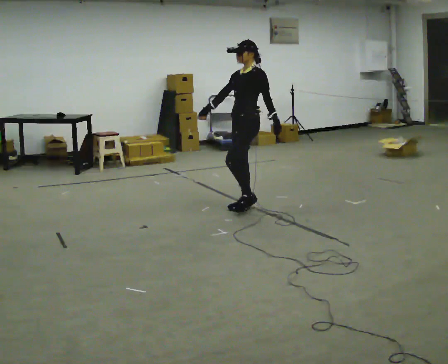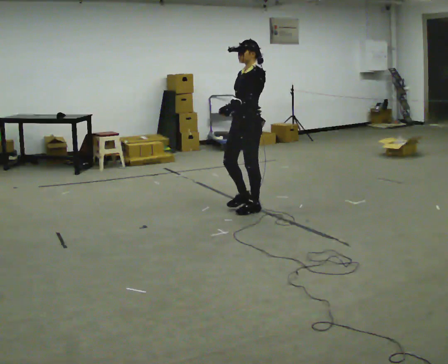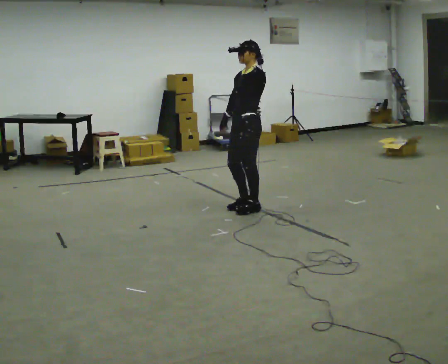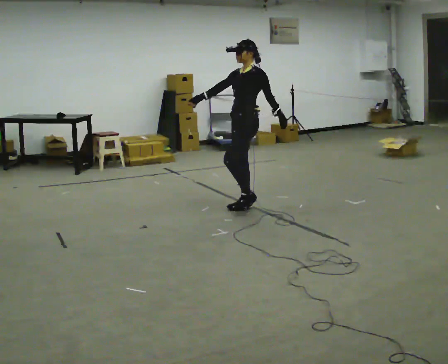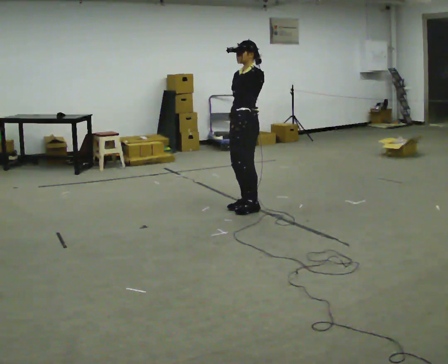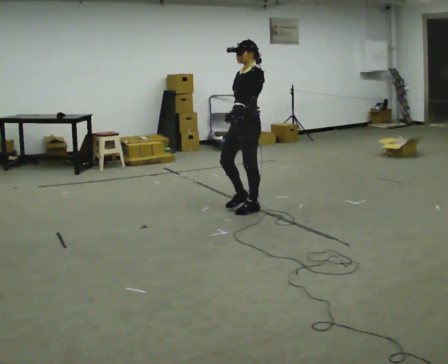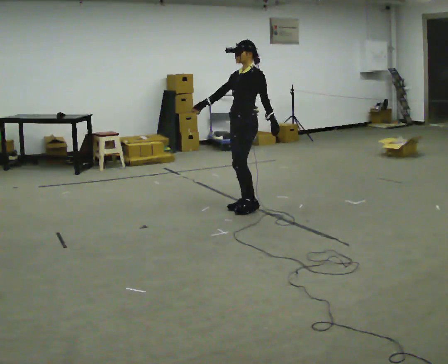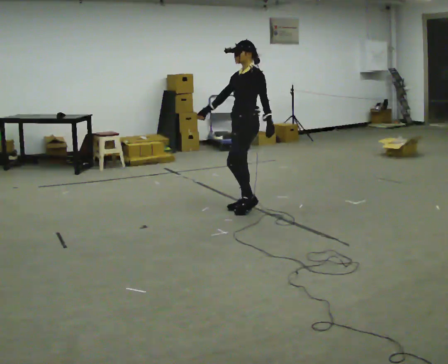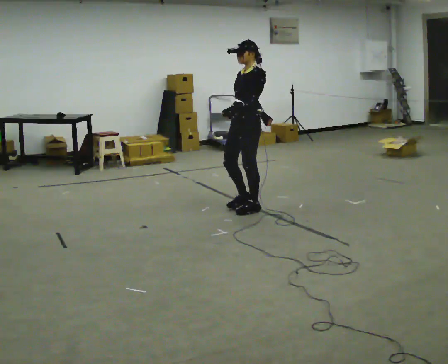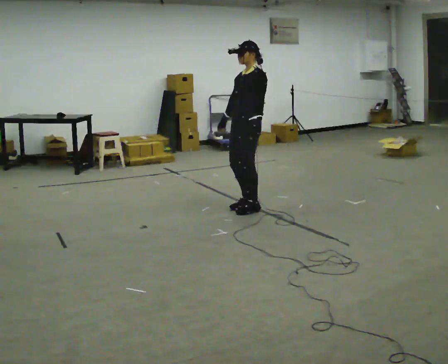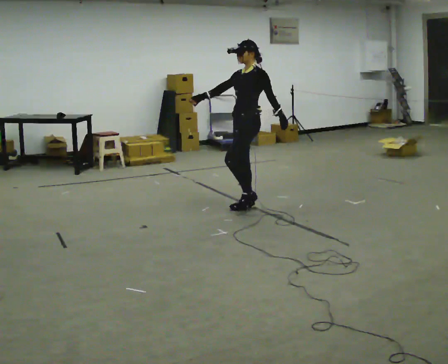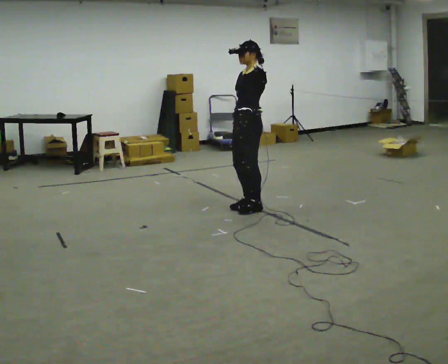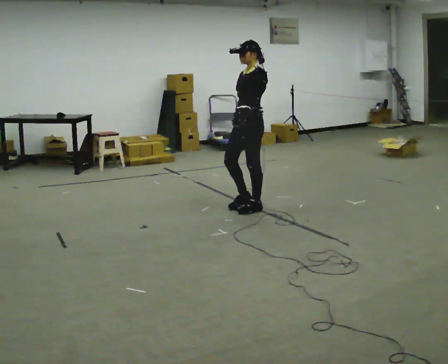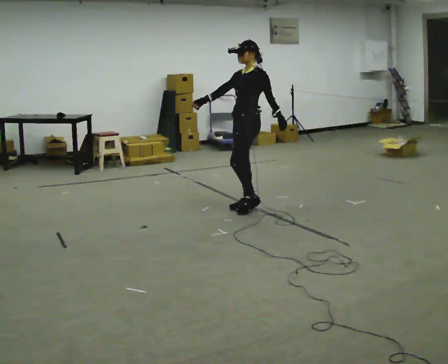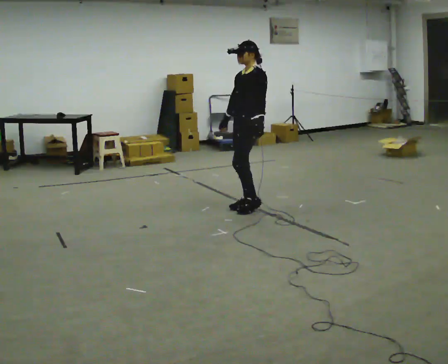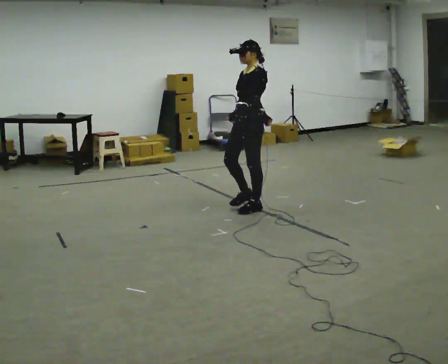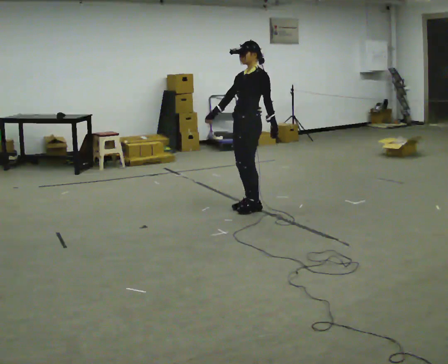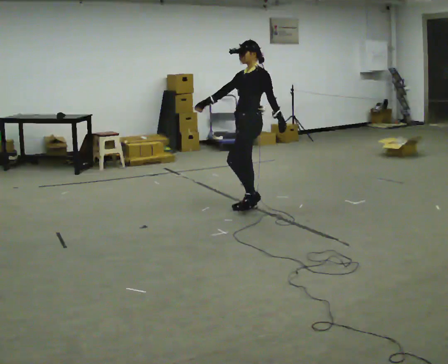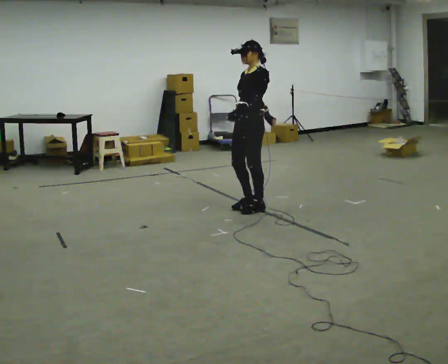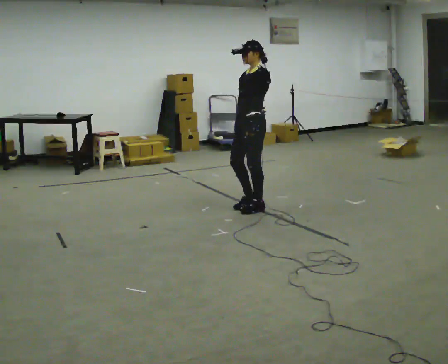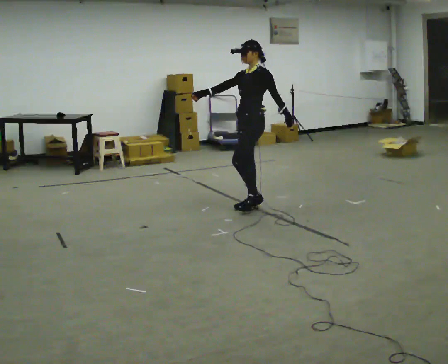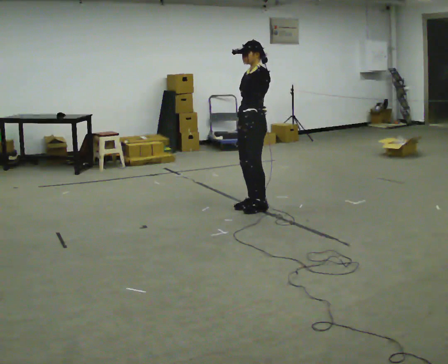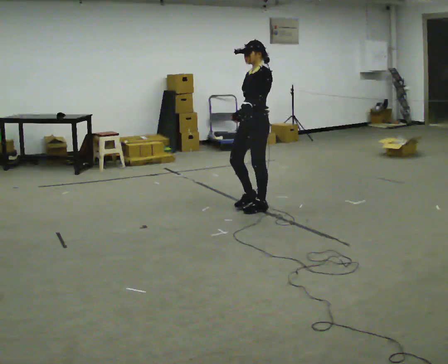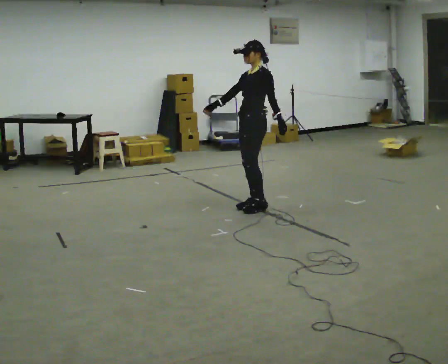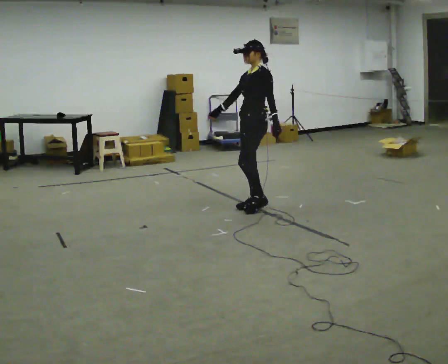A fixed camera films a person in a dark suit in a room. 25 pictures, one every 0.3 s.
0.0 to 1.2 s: In the picture their right hand goes to the right.
1.2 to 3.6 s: The person moves a little, or ends about where they began.
3.6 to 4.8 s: In the picture their right hand goes to the left.
4.8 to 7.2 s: The person moves a little, or ends about where they began.
The film runs backward here.
